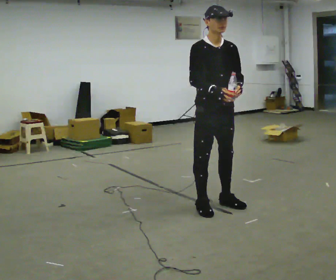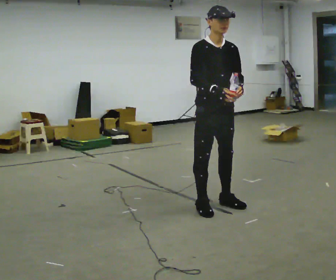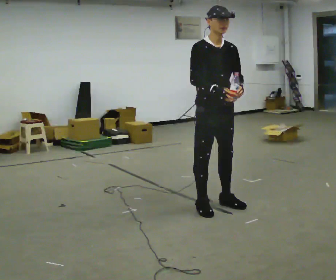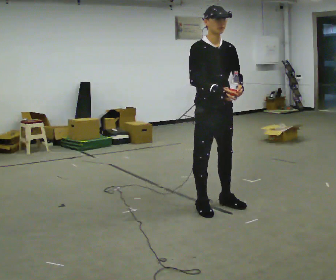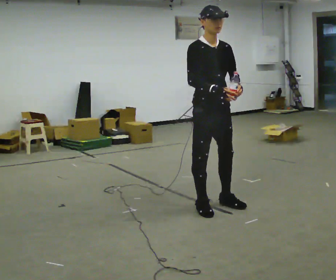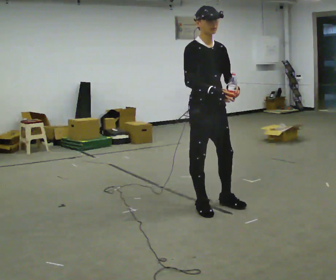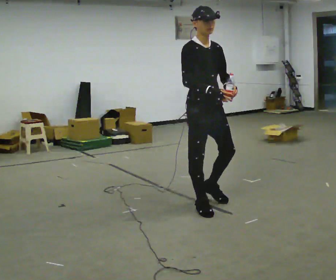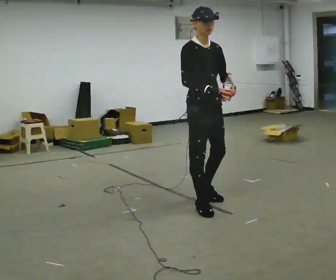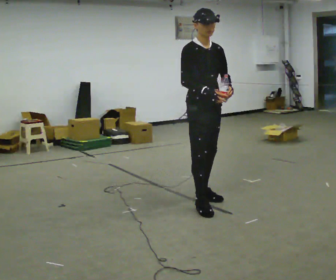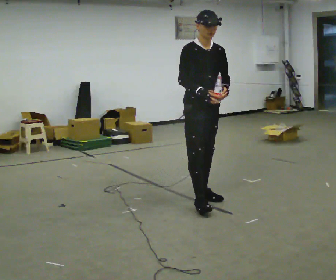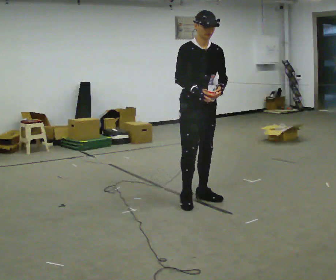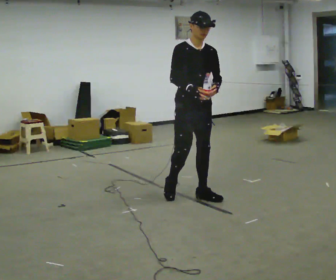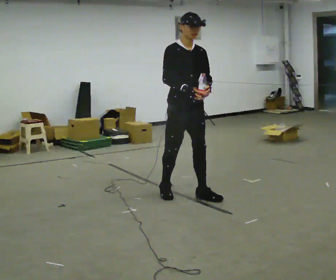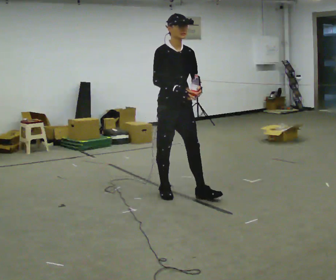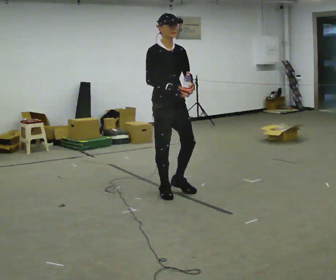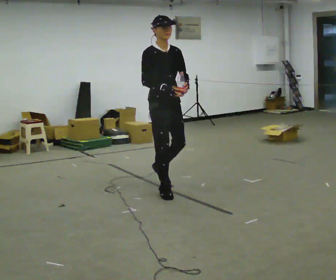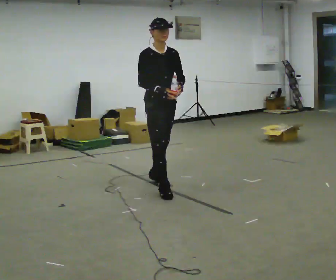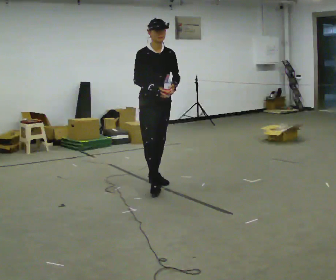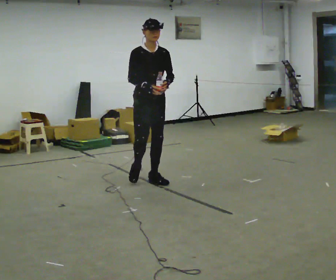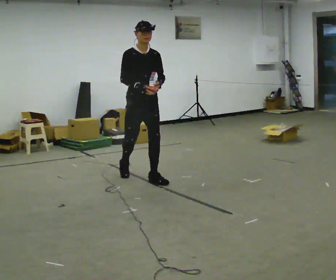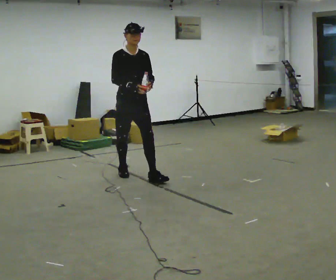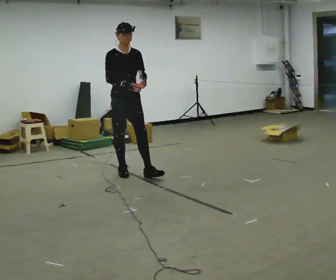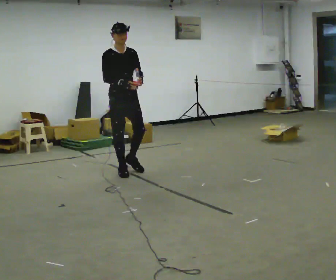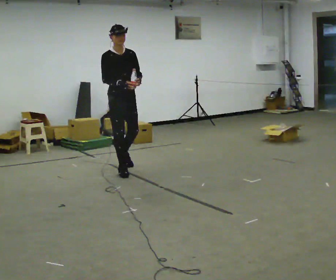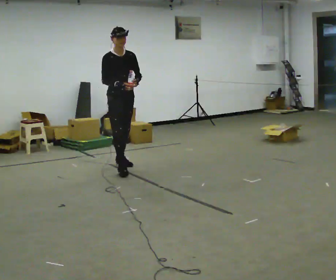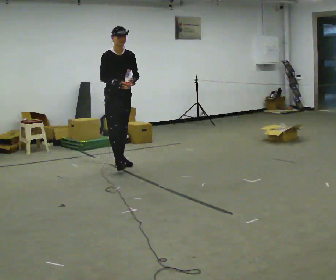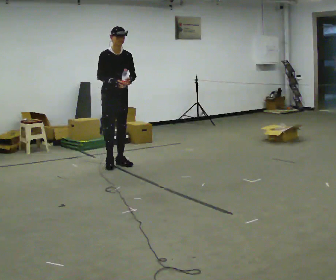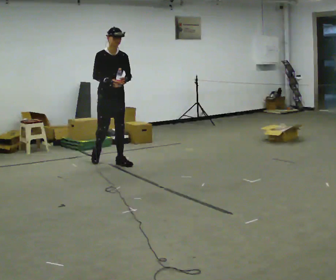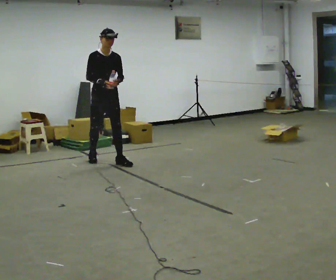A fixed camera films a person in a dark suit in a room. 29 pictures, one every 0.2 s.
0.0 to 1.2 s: The person moves a little, or ends about where they began.
1.2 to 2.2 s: In the picture they go away from the camera, about 0.25 m in 1 step, which for them is backward and to their left.
2.2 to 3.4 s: In the picture they go away from the camera and to the left, about 0.75 m in 2 steps, which for them is backward.
3.4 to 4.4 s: In the picture they go away from the camera and to the left, about 0.75 m in 1 step, which for them is backward.
4.4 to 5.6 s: In the picture they go away from the camera and to the left, about 0.75 m in 1 step, which for them is backward.
The film runs backward here.
